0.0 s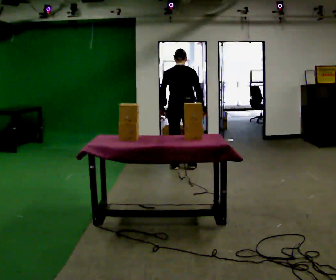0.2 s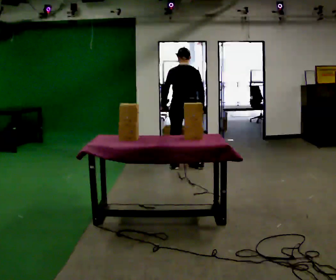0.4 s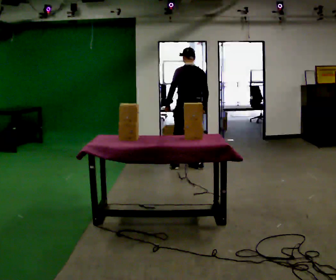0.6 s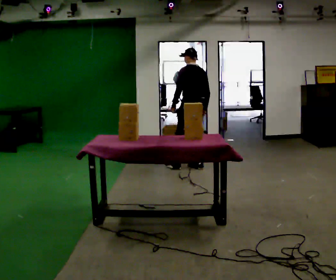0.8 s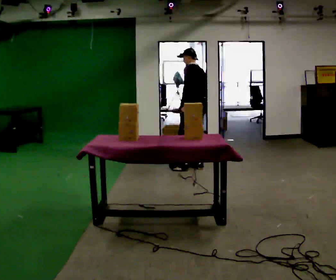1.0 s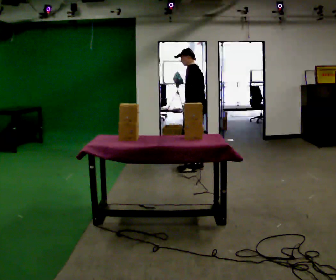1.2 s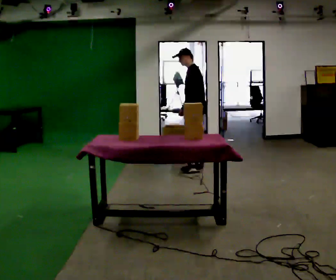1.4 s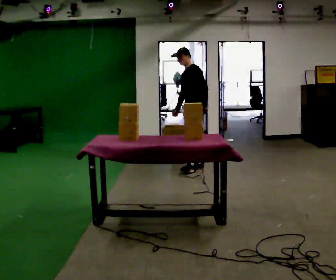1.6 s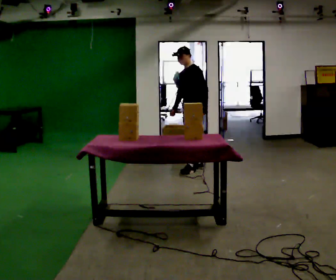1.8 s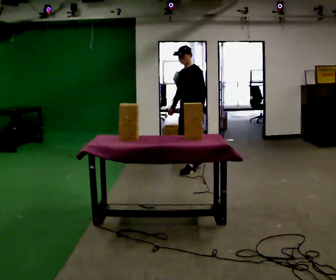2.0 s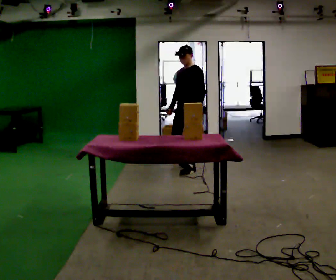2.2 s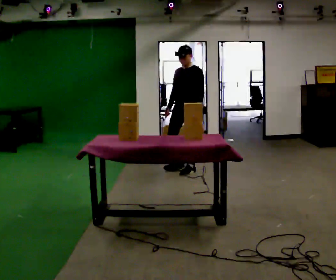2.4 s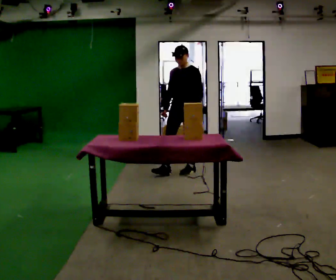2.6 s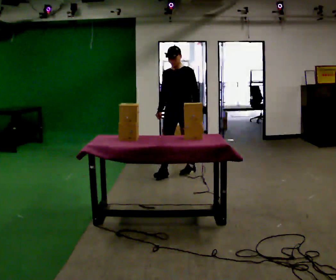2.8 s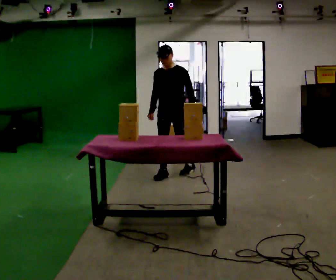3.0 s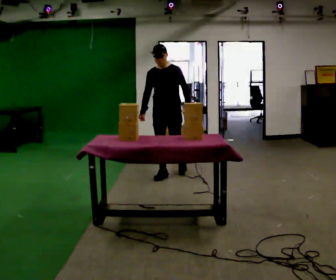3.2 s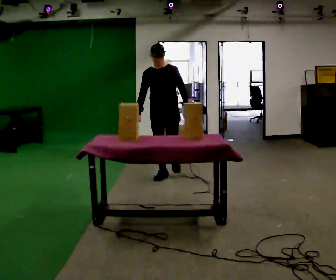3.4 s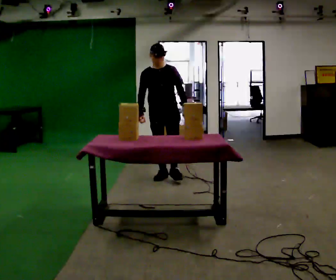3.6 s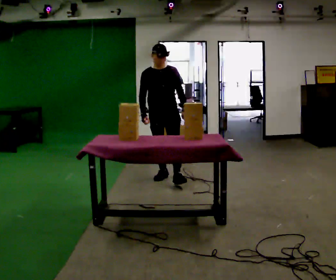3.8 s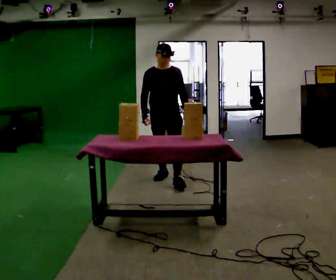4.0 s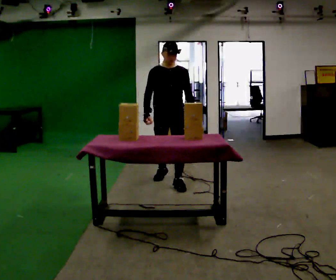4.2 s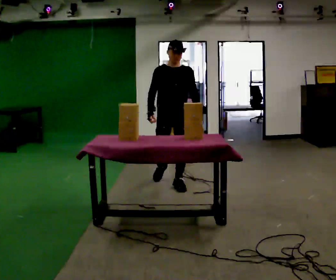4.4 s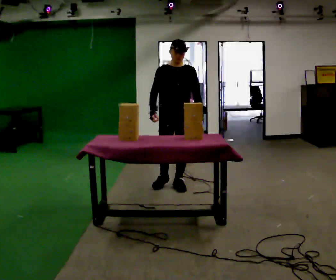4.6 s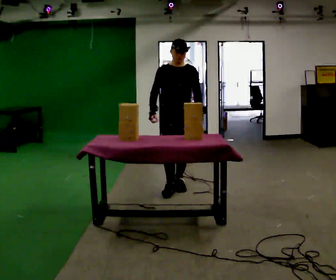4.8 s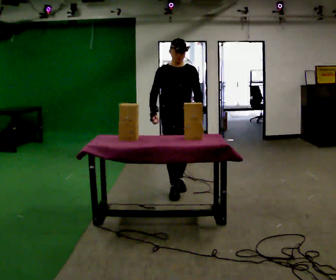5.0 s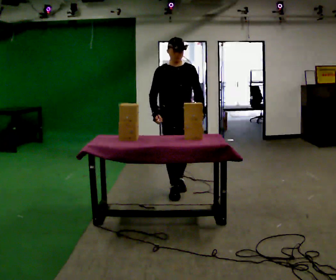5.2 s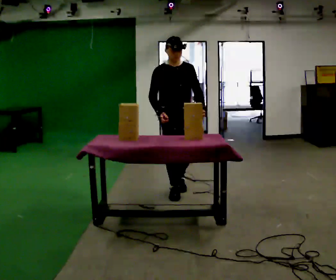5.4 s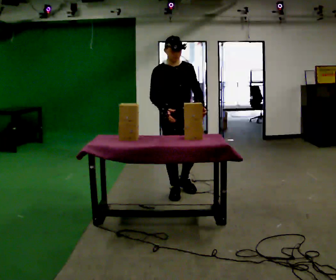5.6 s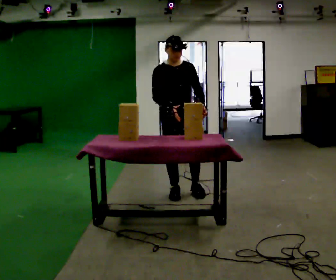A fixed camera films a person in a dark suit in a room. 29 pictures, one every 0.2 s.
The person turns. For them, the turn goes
to their left.
The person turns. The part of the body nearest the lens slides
to the right.
0.0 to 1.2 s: The person turns about 90 degrees to their left, counterclockwise seen from above, so the part of the body nearest the lens slides to the right. In the picture they go to the right, about 0.25 m in 2 steps. In the picture their left hand goes to the right.
1.2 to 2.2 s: The part of the body nearest the lens slides to the right as the person turns to their left by about 45 degrees. In the picture they go toward the camera, about 0.25 m, which for them is forward and to their left.
2.2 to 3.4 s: The person turns about 45 degrees to their left, counterclockwise seen from above, so the part of the body nearest the lens slides to the right. In the picture they go toward the camera and to the left, about 0.5 m in 1 step, which for them is forward and to their right.
3.4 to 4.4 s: In the picture they go toward the camera, about 0.5 m in 1 step, which for them is forward.
4.4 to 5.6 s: In the picture they go toward the camera, about 0.25 m in 1 step, which for them is forward.
The film runs forward here.
